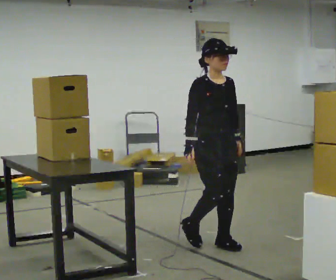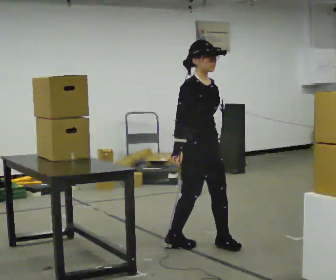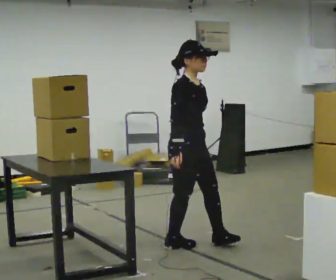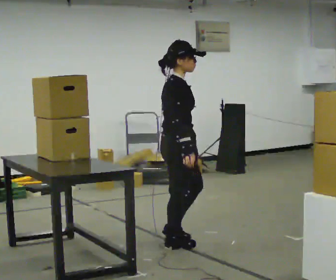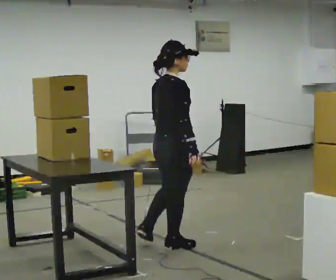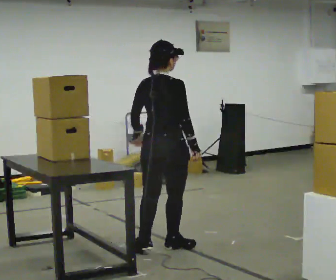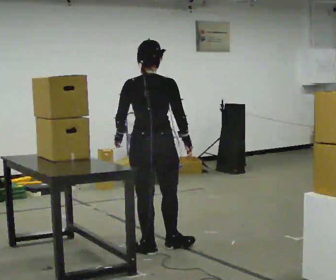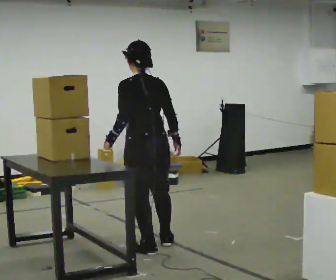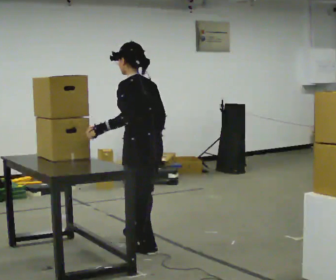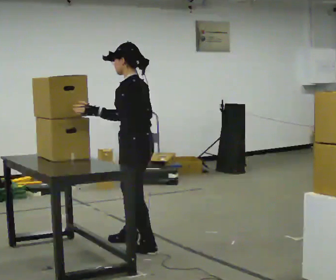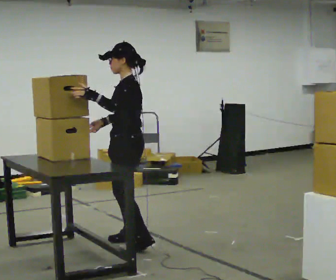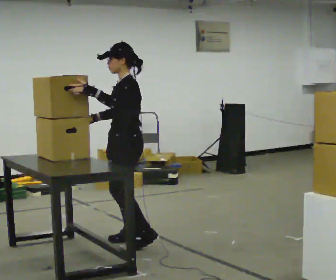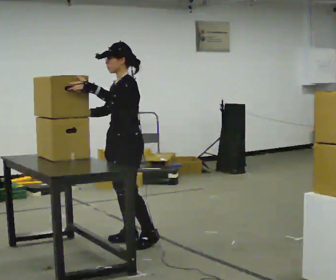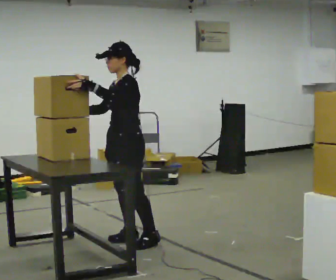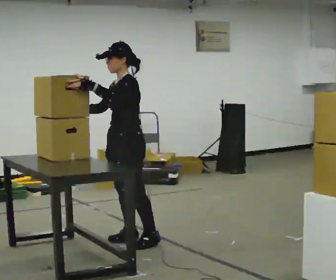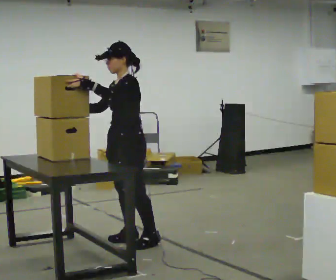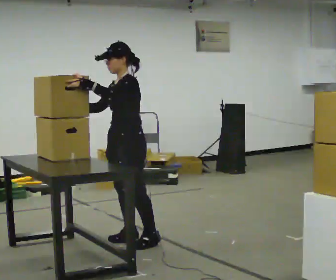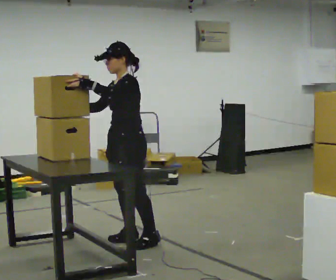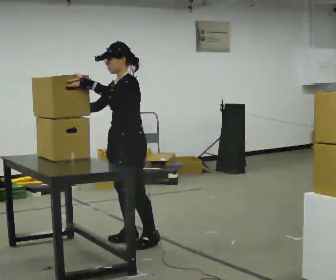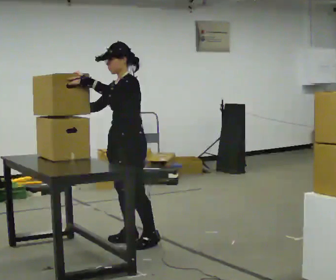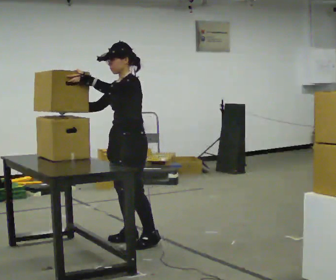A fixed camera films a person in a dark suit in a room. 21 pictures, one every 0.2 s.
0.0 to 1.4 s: The person turns about 180 degrees to their left, counterclockwise seen from above, so the part of the body nearest the lens slides to the right. In the picture they go to the left, about 0.5 m in 2 steps.
1.4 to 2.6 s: The person turns about 90 degrees to their left, counterclockwise seen from above, so the part of the body nearest the lens slides to the right. In the picture they go away from the camera and to the left, about 0.25 m in 1 step.
2.6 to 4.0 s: The person moves a little, or ends about where they began.
The film runs backward here.
